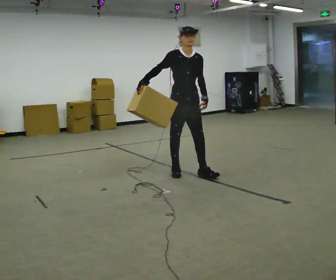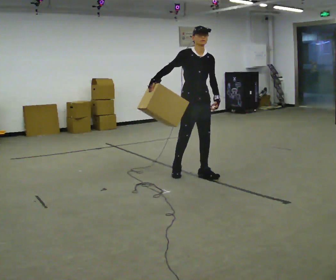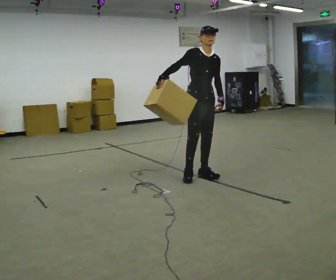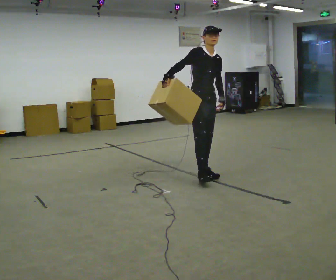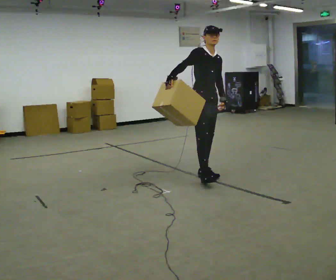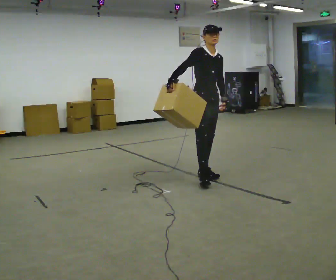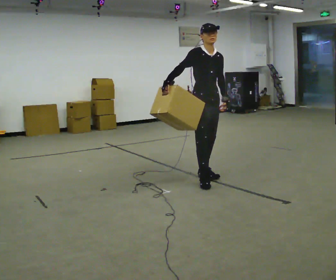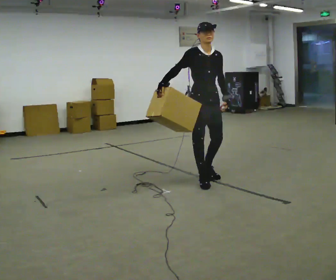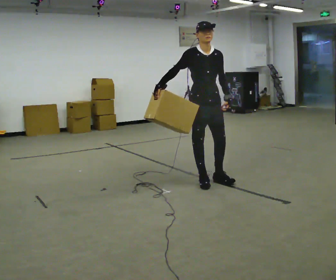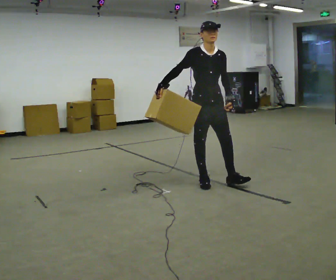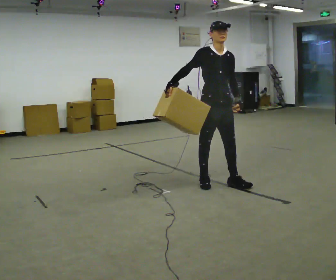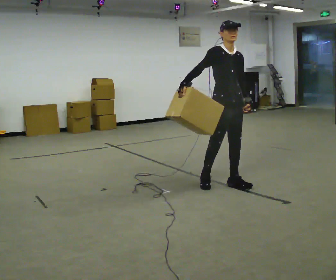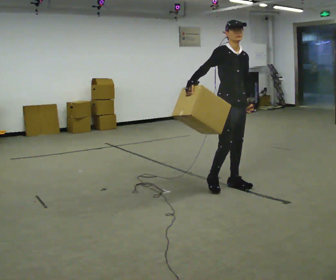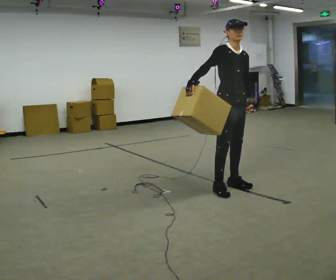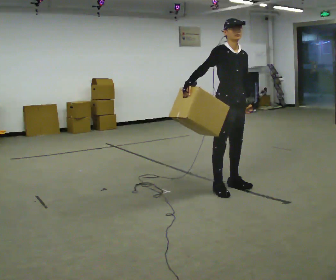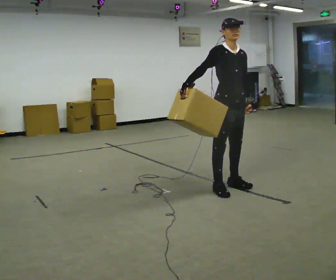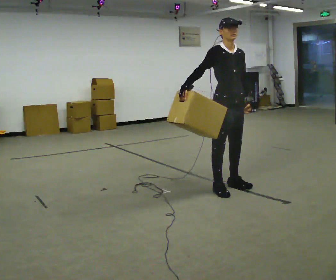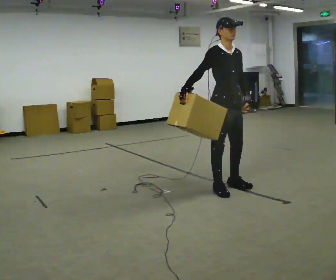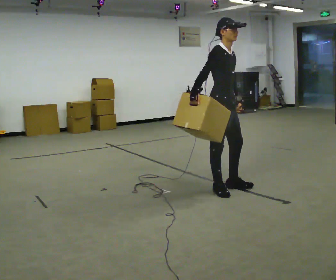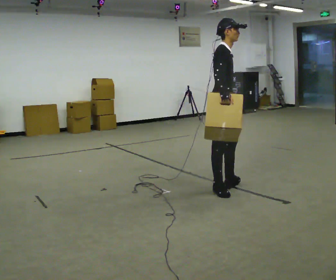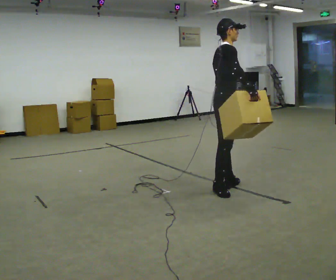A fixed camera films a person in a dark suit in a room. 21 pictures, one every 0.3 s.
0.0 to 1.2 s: In the picture they go to the right, about 0.25 m in 1 step, which for them is forward. In the picture their right hand goes to the right.
1.2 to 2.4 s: In the picture they go toward the camera, about 0.25 m, which for them is forward and to their right.
2.4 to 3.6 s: In the picture they go to the right, about 0.25 m in 1 step, which for them is forward and to their left.
3.6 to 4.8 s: The person moves a little, or ends about where they began.
4.8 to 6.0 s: The part of the body nearest the lens slides to the right as the person turns to their left by about 75 degrees. In the picture their right hand goes to the right, the arm swinging counterclockwise.
The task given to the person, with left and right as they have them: Hold the object against your hip on the side the operator calls, and carry it back and forth across the room.
The film runs forward here.
